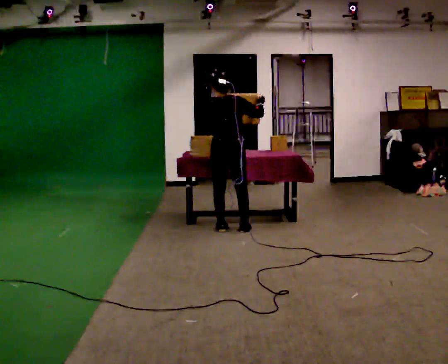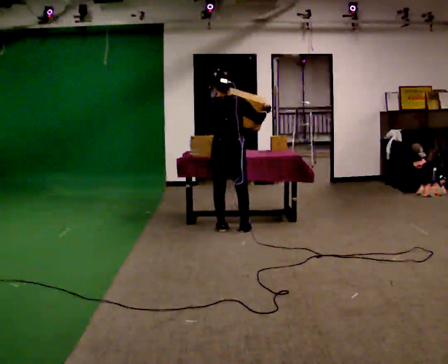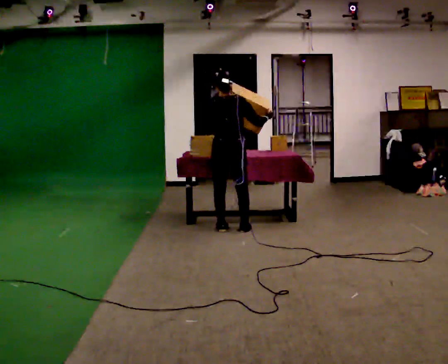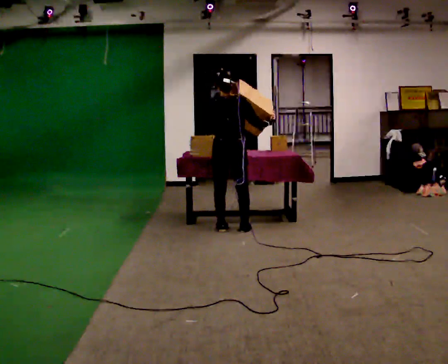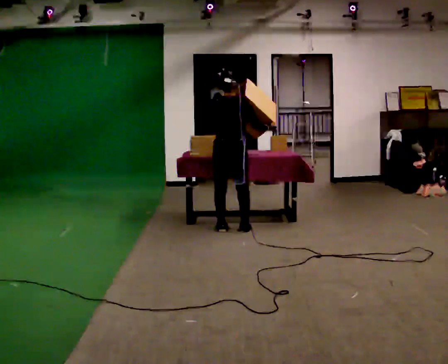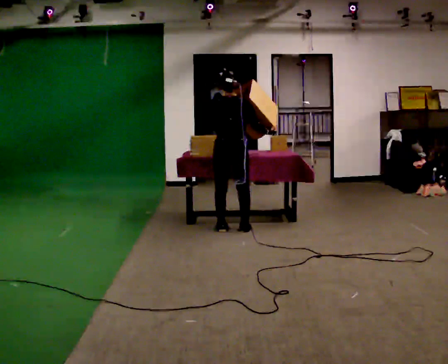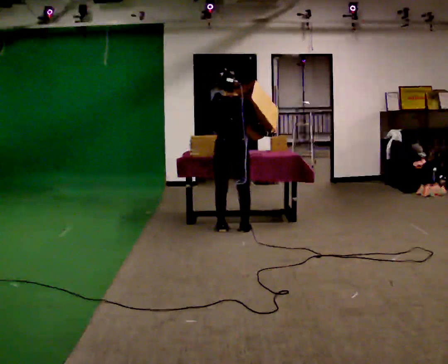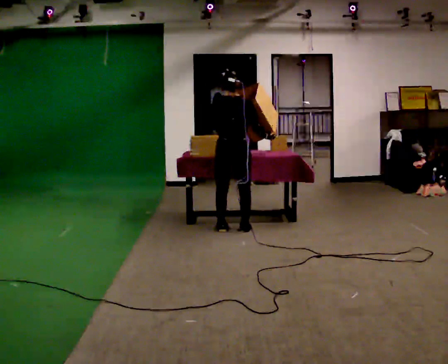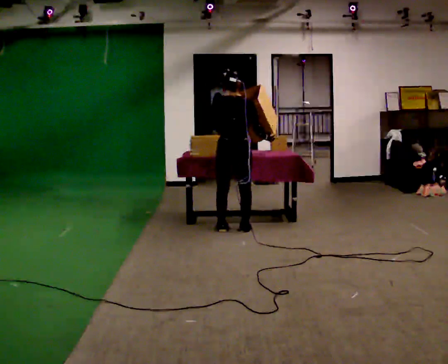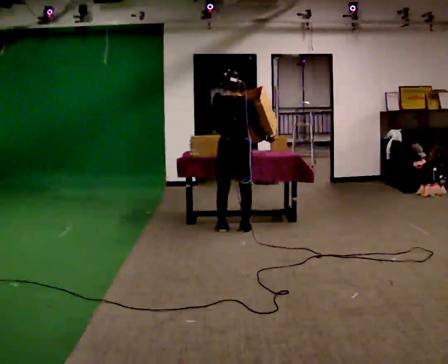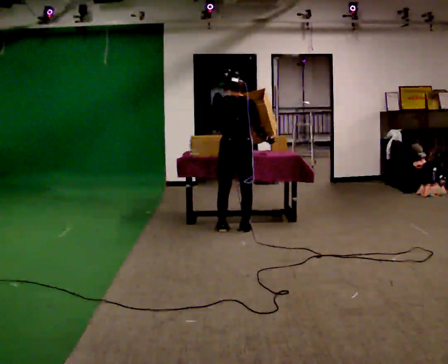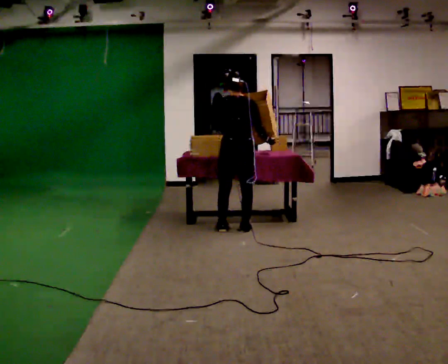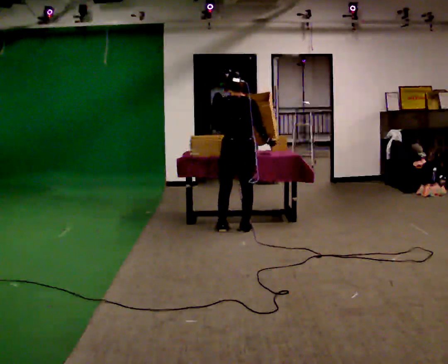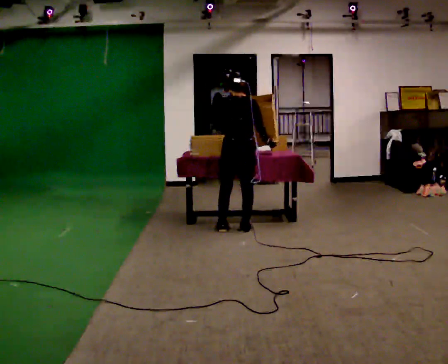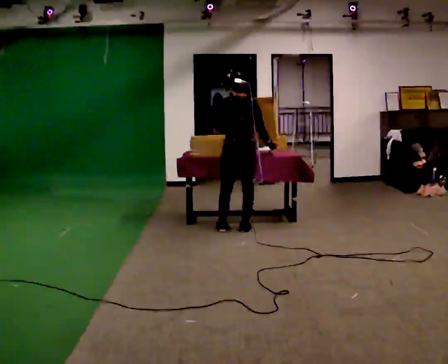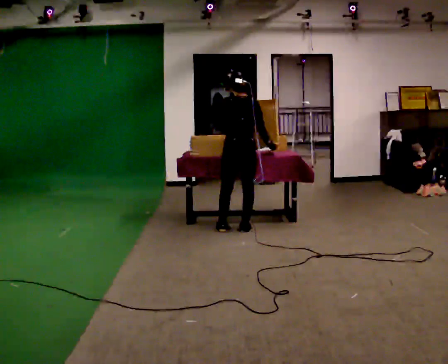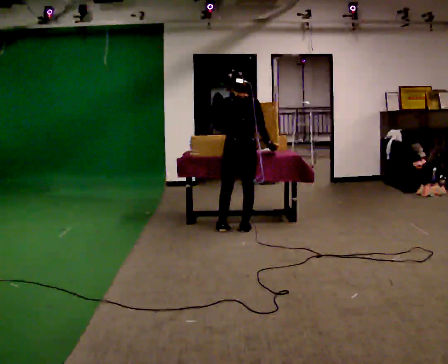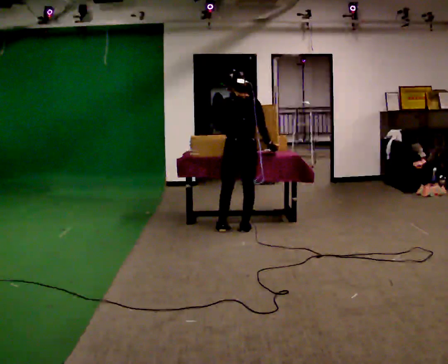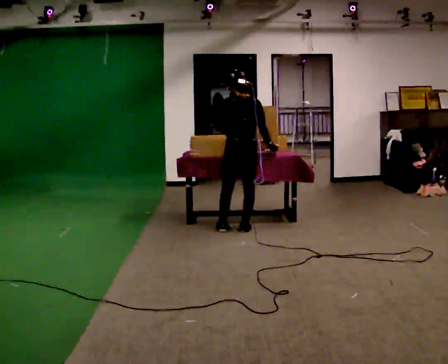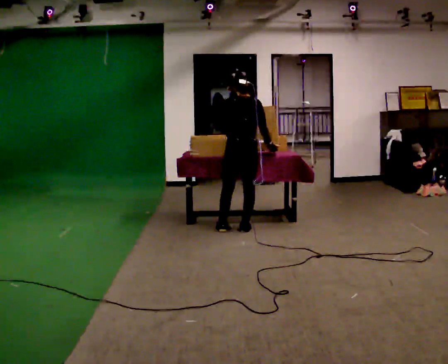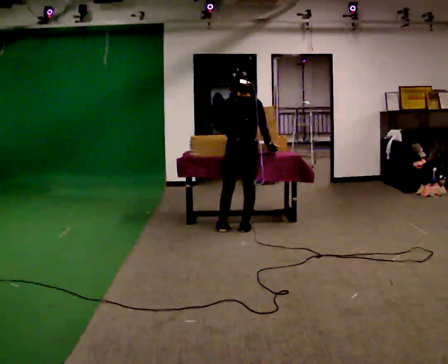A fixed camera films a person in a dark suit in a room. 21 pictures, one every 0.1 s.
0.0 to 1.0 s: In the picture their right hand goes downward, the arm swinging clockwise.
1.0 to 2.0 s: The person moves a little, or ends about where they began.
The film runs forward here.
